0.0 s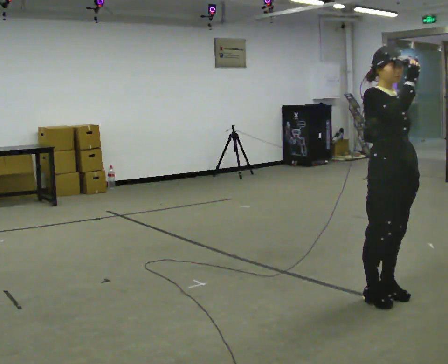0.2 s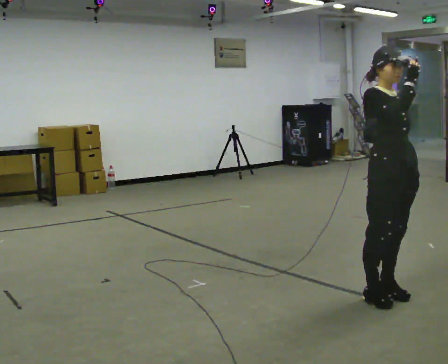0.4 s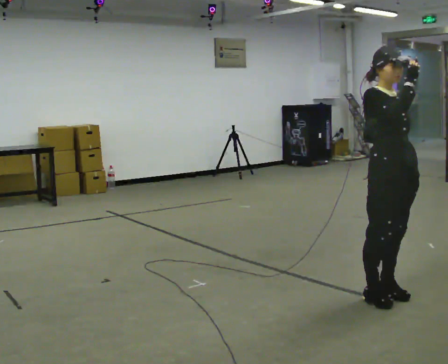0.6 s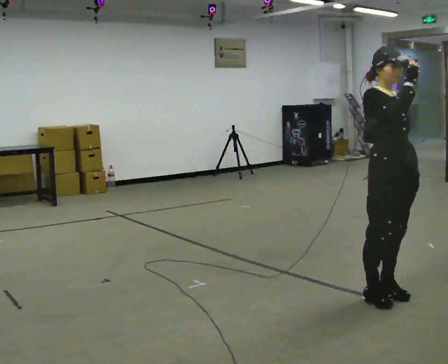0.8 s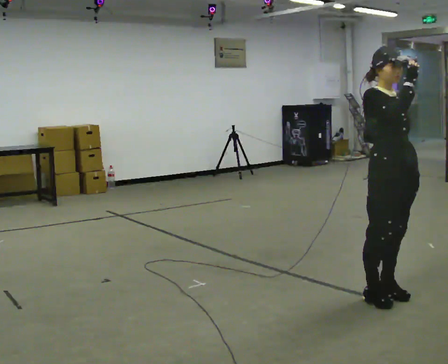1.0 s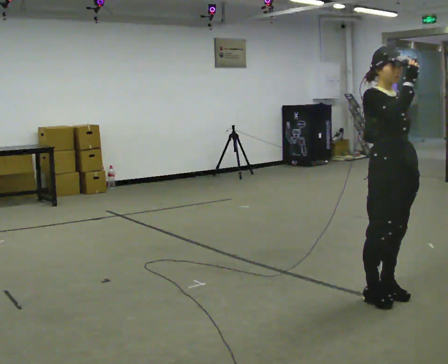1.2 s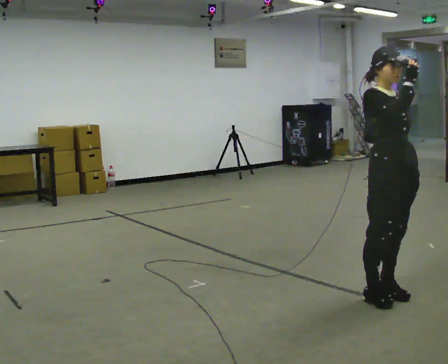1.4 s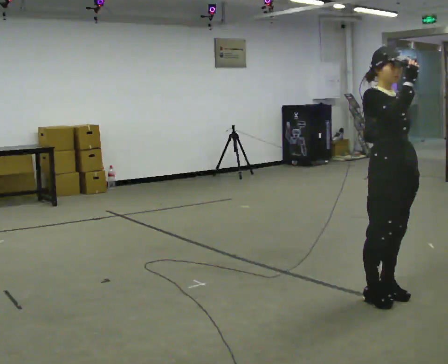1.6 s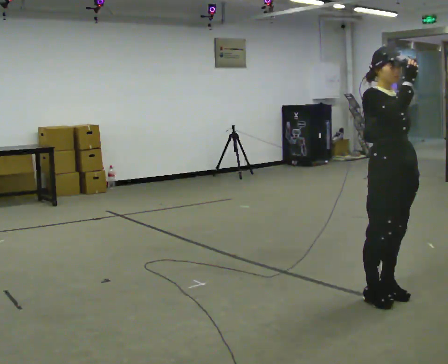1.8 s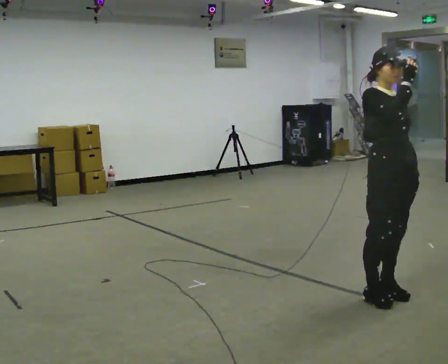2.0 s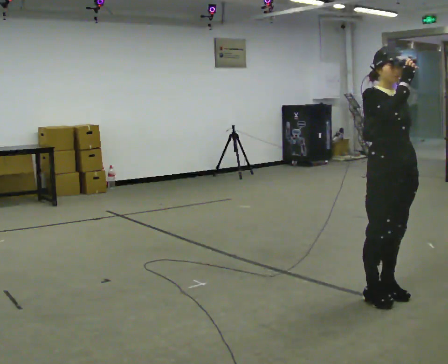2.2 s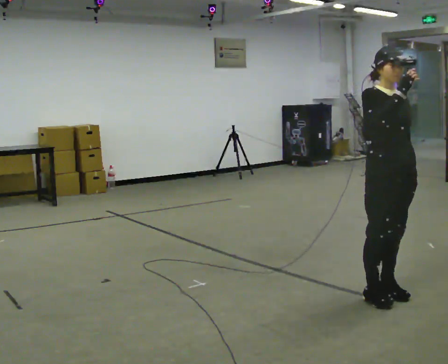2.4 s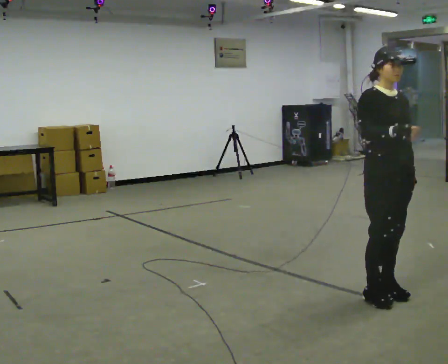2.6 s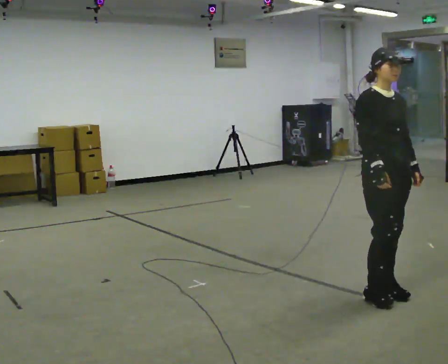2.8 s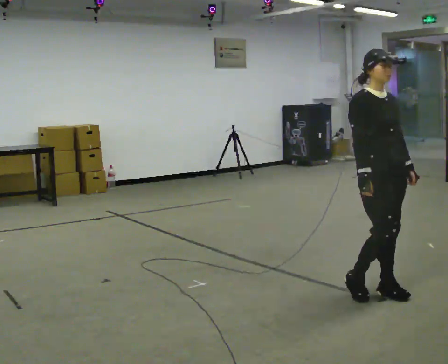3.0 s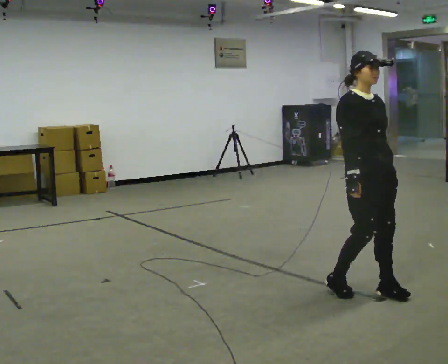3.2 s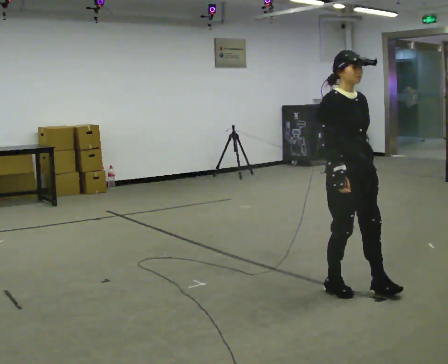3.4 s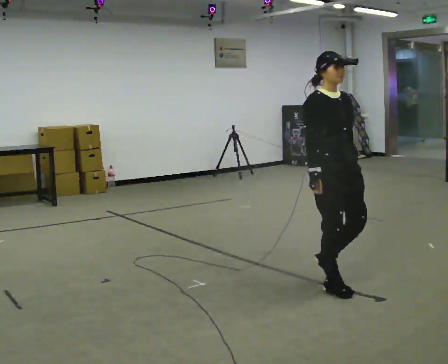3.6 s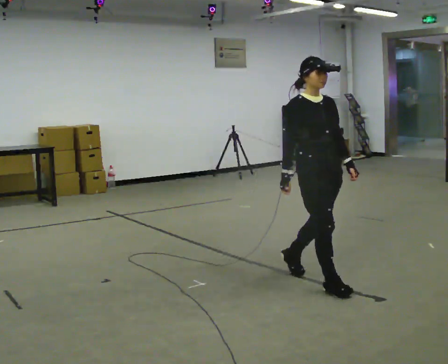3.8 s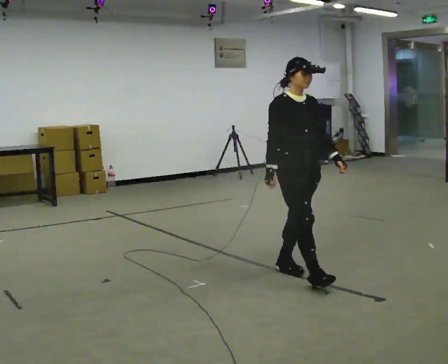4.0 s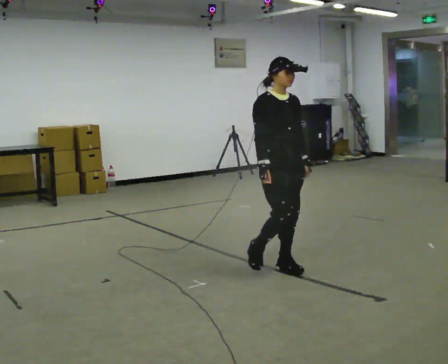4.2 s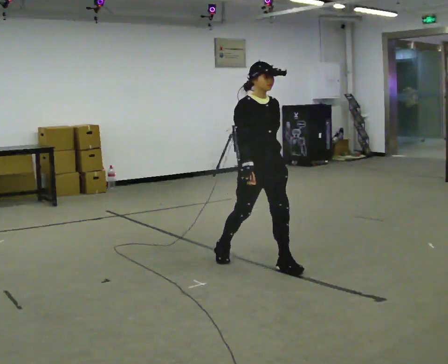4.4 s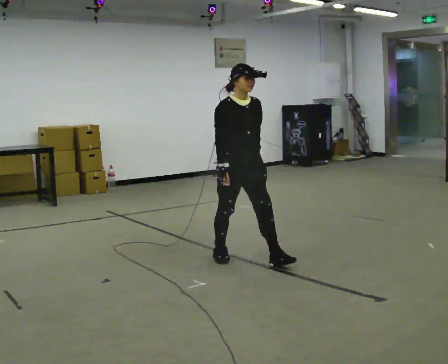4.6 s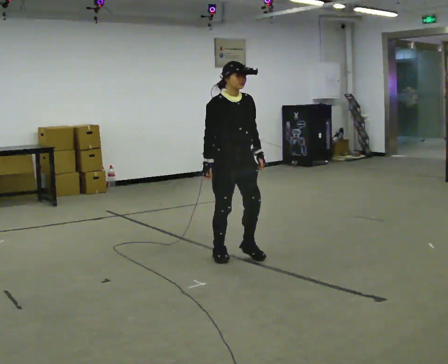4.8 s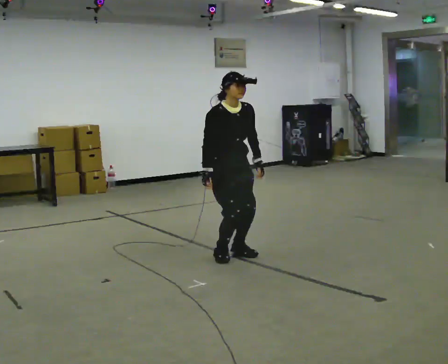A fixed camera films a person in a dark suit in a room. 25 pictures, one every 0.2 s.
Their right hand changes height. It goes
downward.
0.0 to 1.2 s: The person keeps their place and pose.
1.2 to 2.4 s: The person moves a little, or ends about where they began.
2.4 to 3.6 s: In the picture they go to the left and away from the camera, about 0.5 m in 2 steps, which for them is backward. In the picture their right hand goes downward.
3.6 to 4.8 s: In the picture they go to the left and away from the camera, about 1 m in 2 steps, which for them is backward.
The film runs backward here.
